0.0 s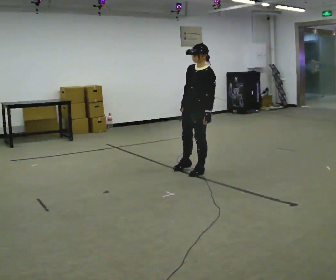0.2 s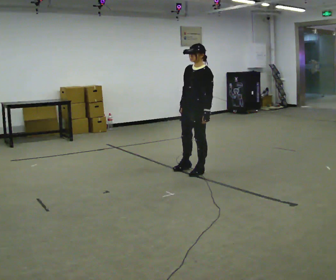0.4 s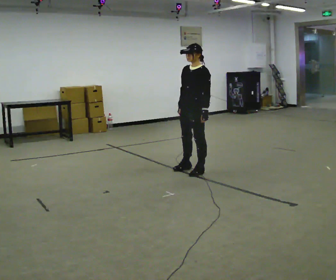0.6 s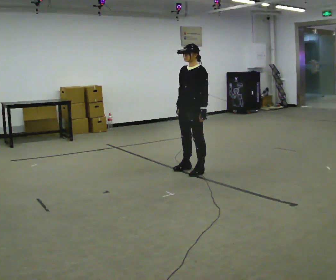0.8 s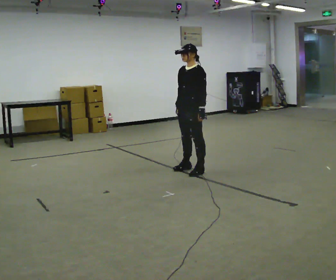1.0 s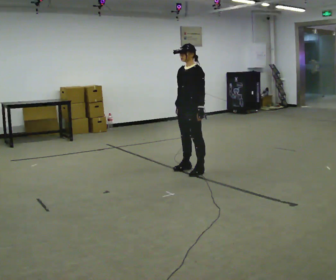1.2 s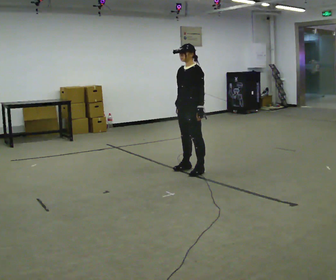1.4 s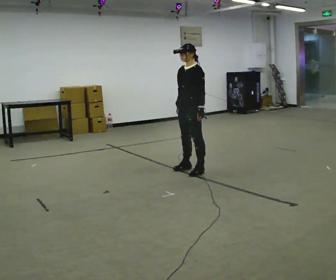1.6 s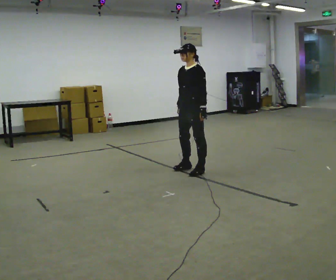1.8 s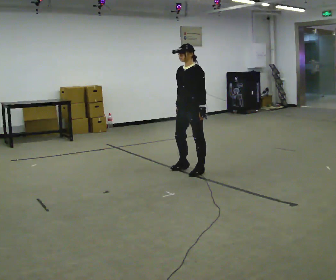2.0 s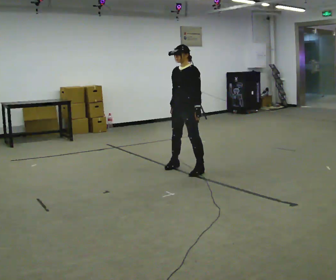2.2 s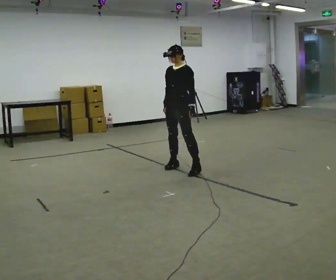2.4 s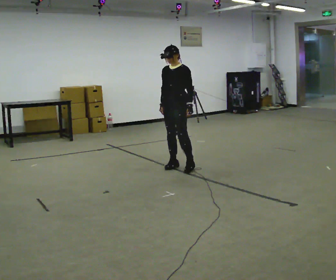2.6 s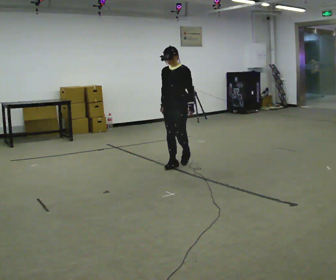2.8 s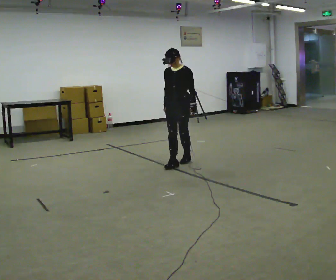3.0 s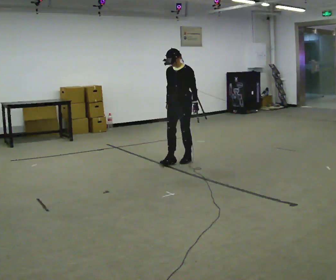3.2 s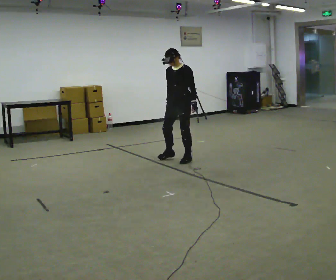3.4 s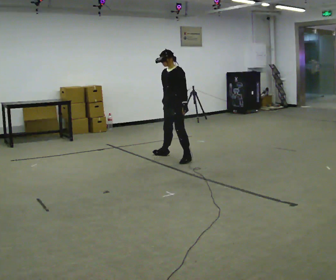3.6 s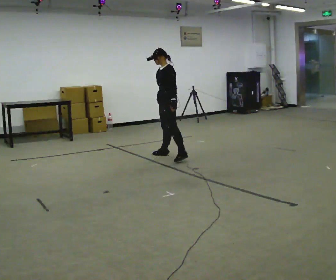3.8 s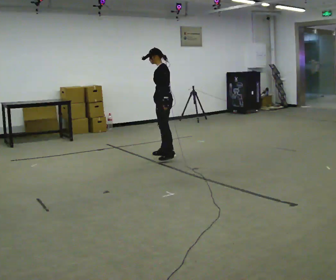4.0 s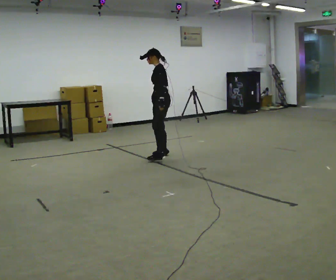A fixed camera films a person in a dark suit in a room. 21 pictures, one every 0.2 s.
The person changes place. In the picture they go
away from the camera.
0.0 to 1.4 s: The person moves a little, or ends about where they began.
1.4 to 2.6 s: The part of the body nearest the lens slides to the right as the person turns to their left by about 30 degrees. In the picture they go away from the camera and to the left, about 0.25 m in 2 steps, which for them is to their right.
2.6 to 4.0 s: The person turns about 60 degrees to their right, clockwise seen from above, so the part of the body nearest the lens slides to the left. In the picture they go away from the camera and to the left, about 0.5 m in 2 steps.
The film runs backward here.
